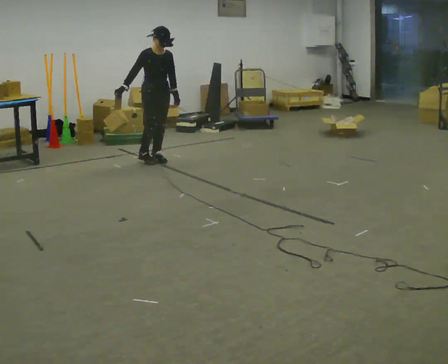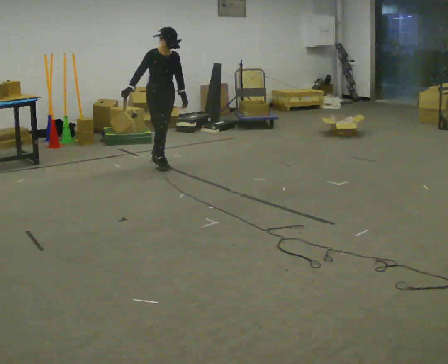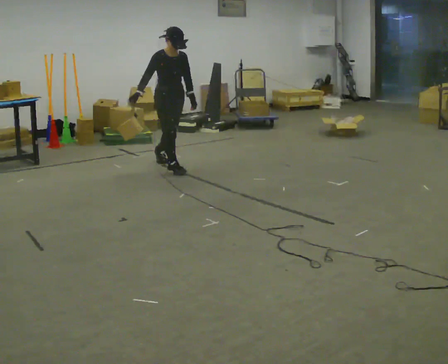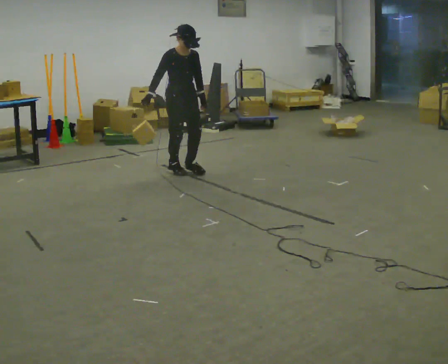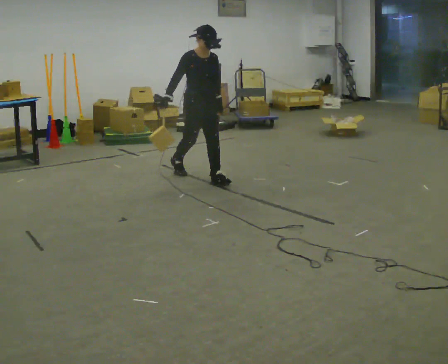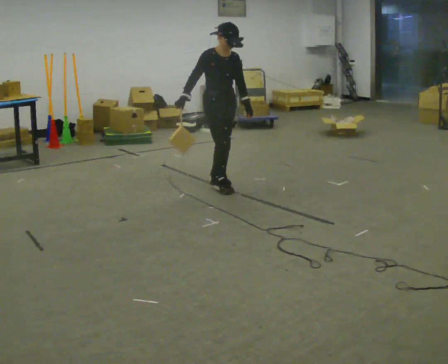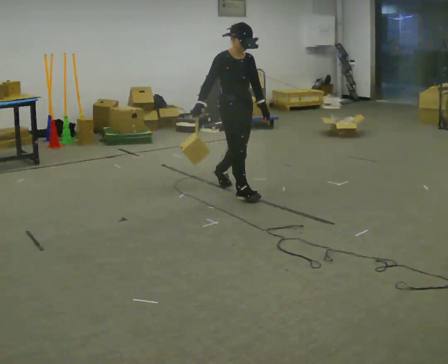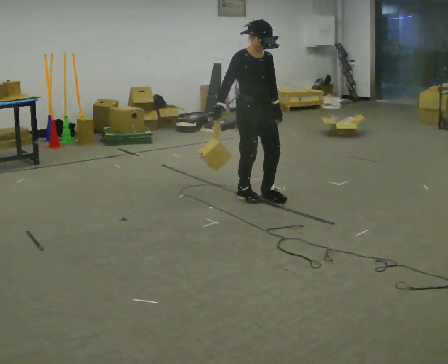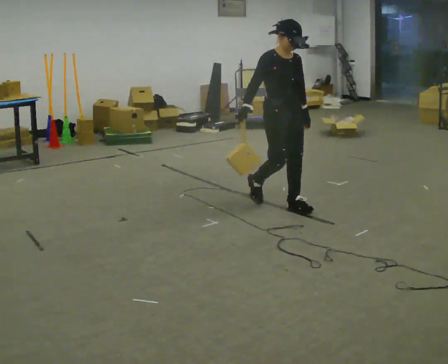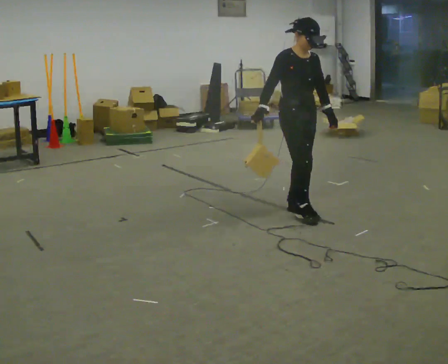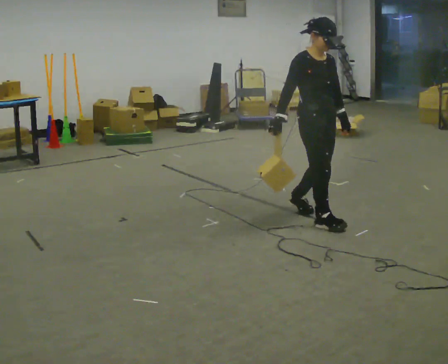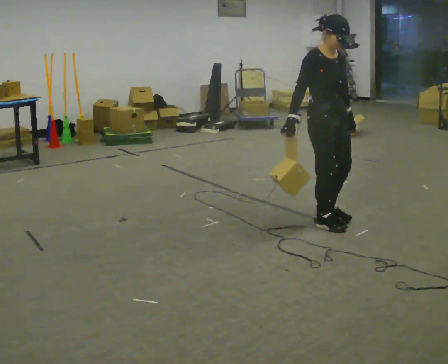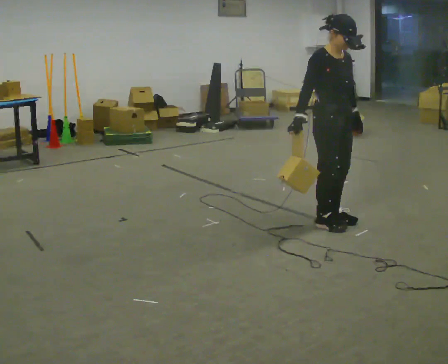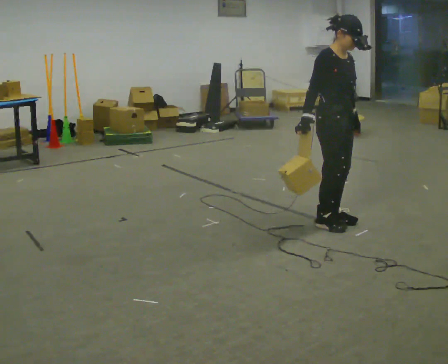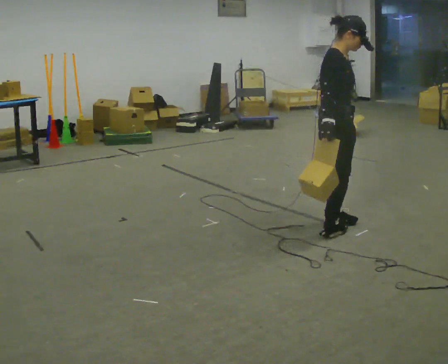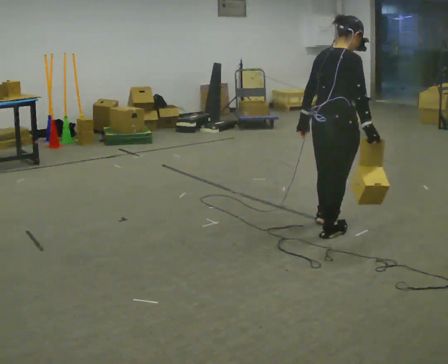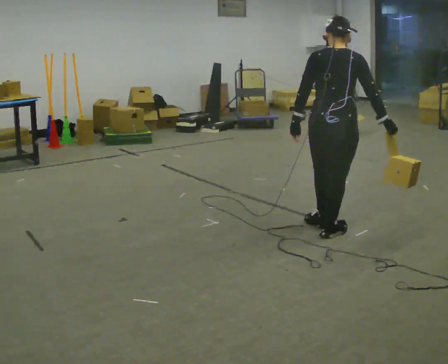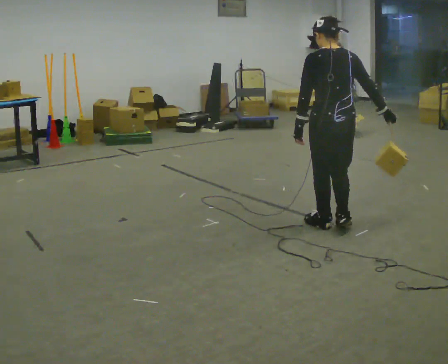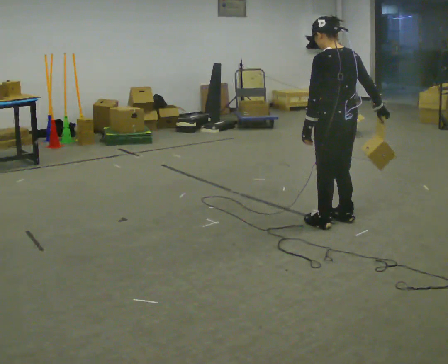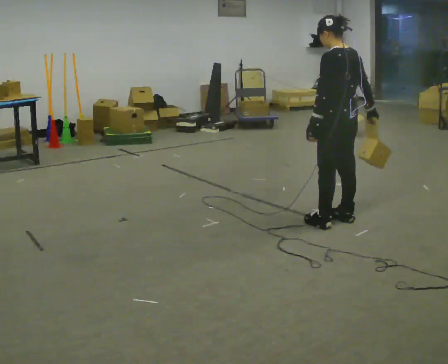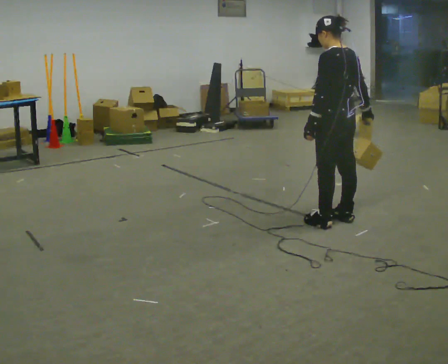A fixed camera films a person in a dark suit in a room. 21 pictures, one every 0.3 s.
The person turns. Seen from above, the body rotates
counterclockwise.
The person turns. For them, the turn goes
to their left.
0.0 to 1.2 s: In the picture they go to the right and toward the camera, about 1 m in 2 steps, which for them is forward.
1.2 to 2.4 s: In the picture they go to the right and toward the camera, about 1 m in 2 steps, which for them is forward.
2.4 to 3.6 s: In the picture they go toward the camera and to the right, about 0.5 m in 2 steps, which for them is forward.
3.6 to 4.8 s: The part of the body nearest the lens slides to the right as the person turns to their left by about 135 degrees. In the picture their right hand goes to the right, the arm swinging counterclockwise.
4.8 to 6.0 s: The person turns about 45 degrees to their left, counterclockwise seen from above, so the part of the body nearest the lens slides to the right. In the picture they go away from the camera, about 0.25 m in 1 step, which for them is to their right and forward.
The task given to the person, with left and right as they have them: Hold the object against your hip on the side the operator calls, and carry it back and forth across the room.
The film runs forward here.
